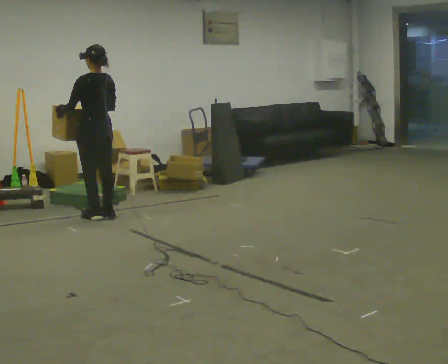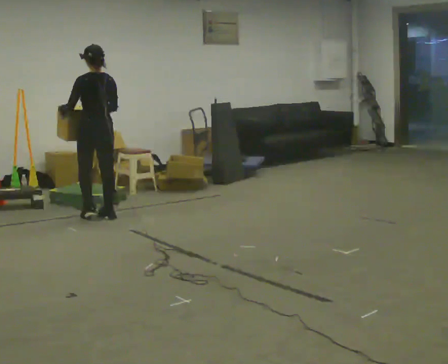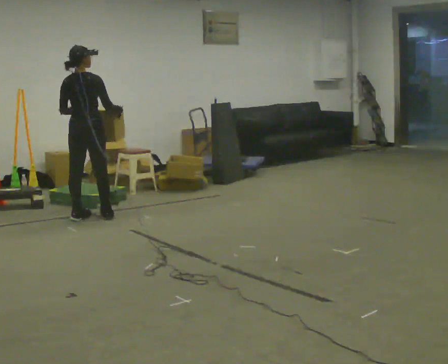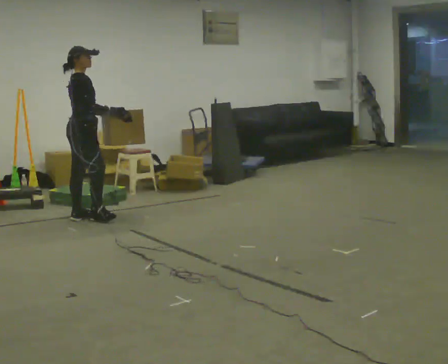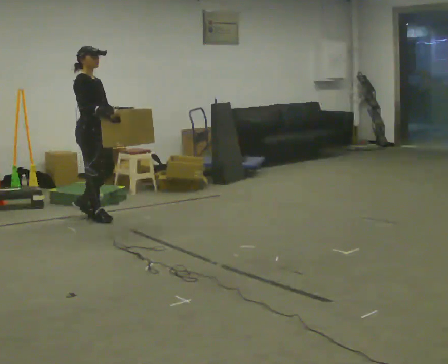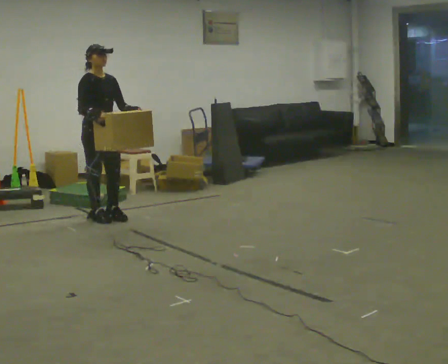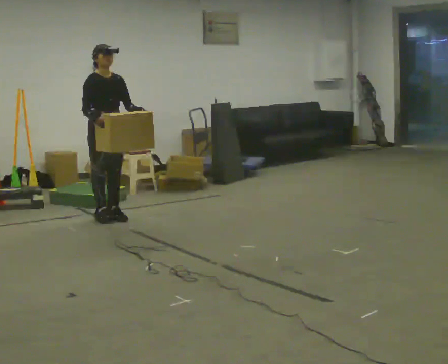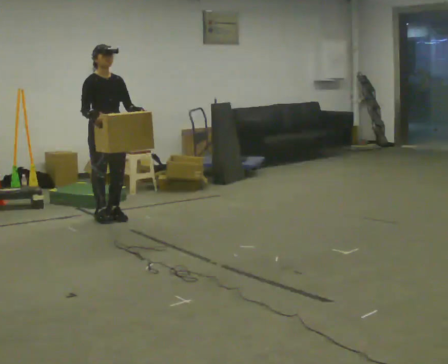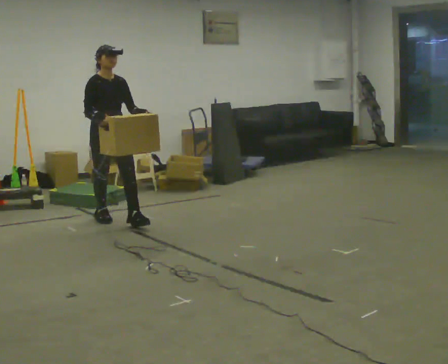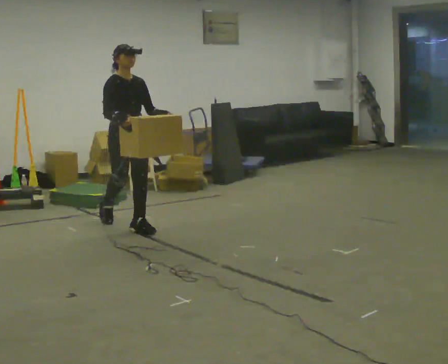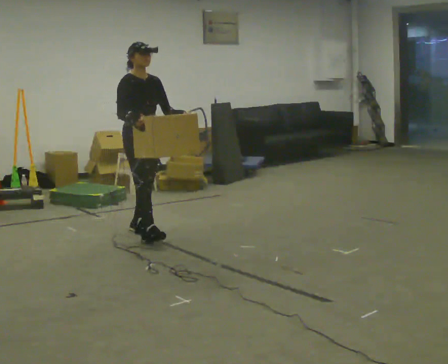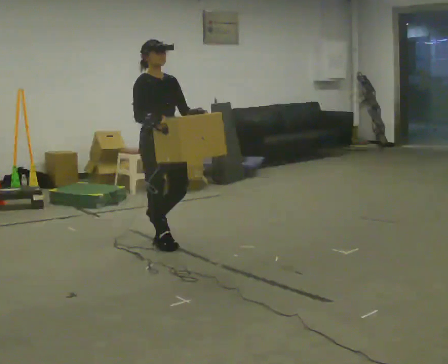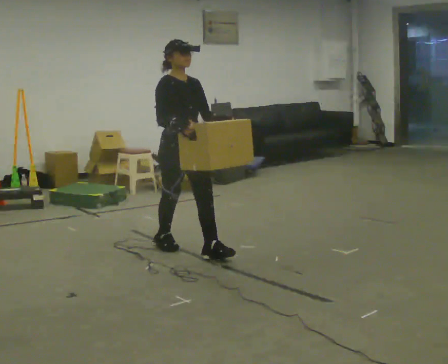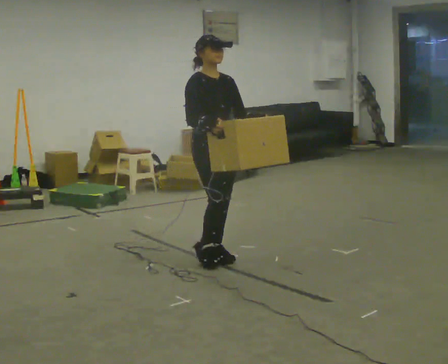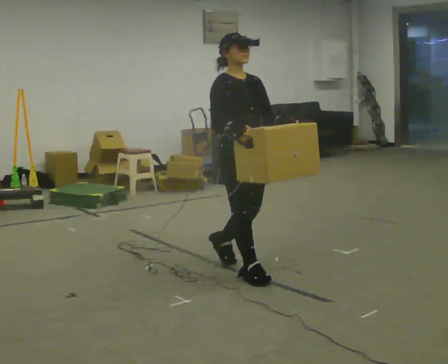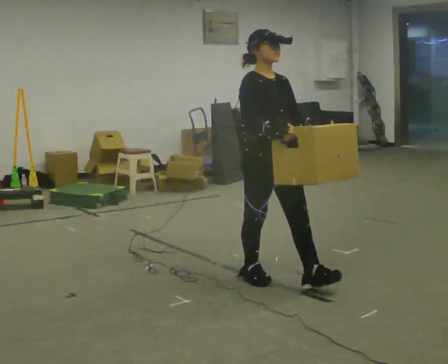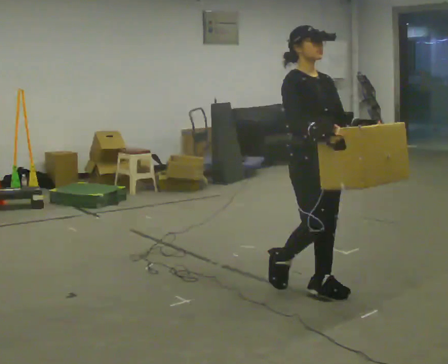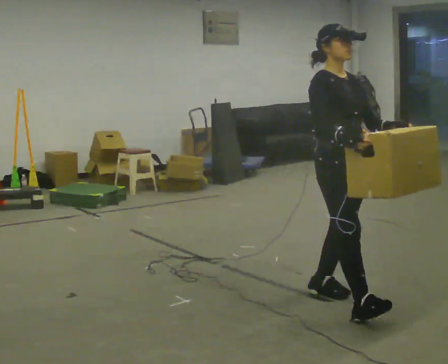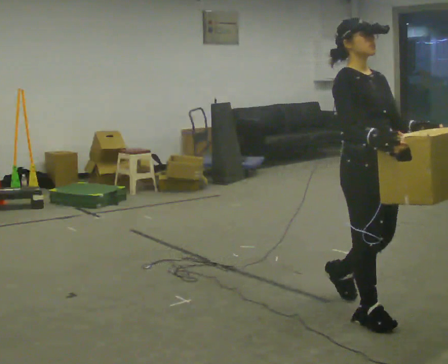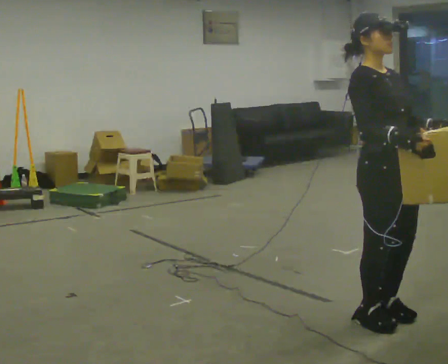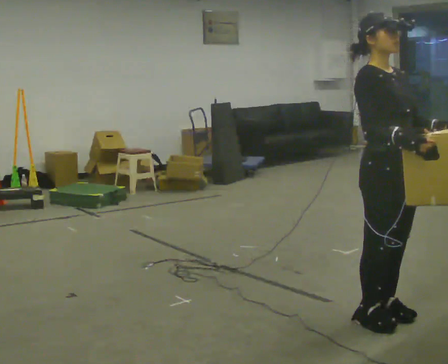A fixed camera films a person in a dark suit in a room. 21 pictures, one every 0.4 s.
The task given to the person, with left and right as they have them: Carry the box across the room, stopping and starting again each time the operator says stop and go. Do not set the box down.
0.0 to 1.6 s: The part of the body nearest the lens slides to the left as the person turns to their right by about 150 degrees. In the picture they go toward the camera, about 0.25 m in 1 step.
1.6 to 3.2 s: Seen from above the body turns clockwise, about 45 degrees: to their right, with its near side sliding to the left. In the picture they go to the right, about 0.25 m in 1 step, which for them is forward.
3.2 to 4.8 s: In the picture they go toward the camera and to the right, about 1 m in 3 steps, which for them is forward.
4.8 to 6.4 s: In the picture they go toward the camera and to the right, about 1 m in 2 steps, which for them is forward.
6.4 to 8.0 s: In the picture they go toward the camera and to the right, about 0.5 m in 2 steps, which for them is forward.
The film runs forward here.
